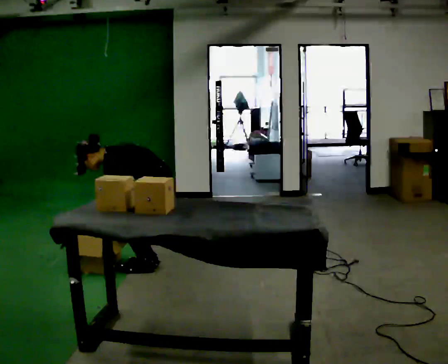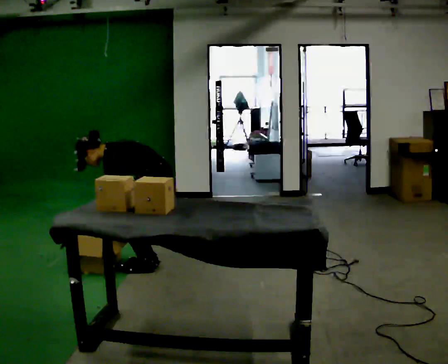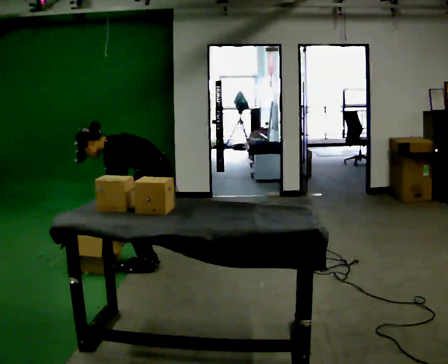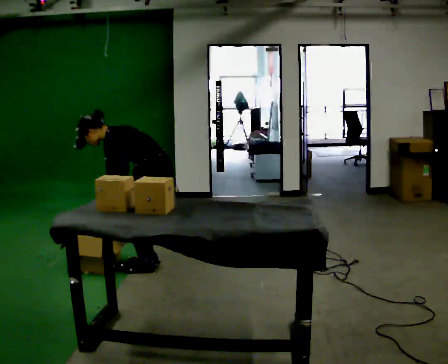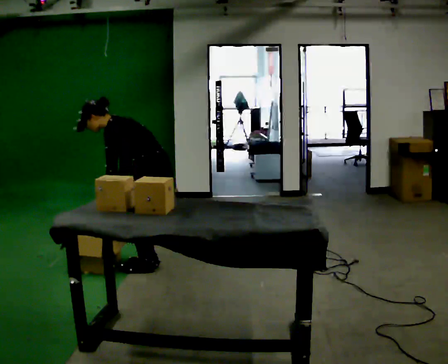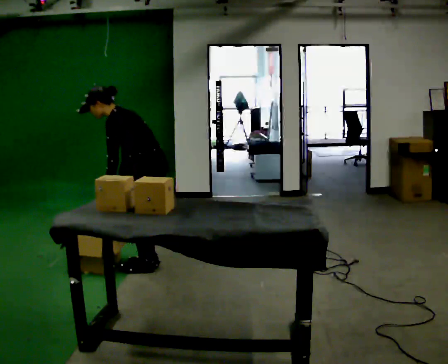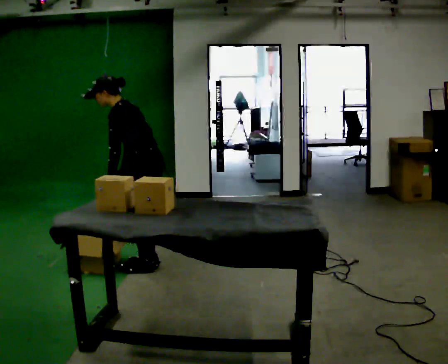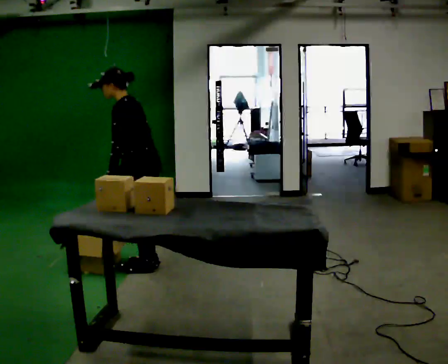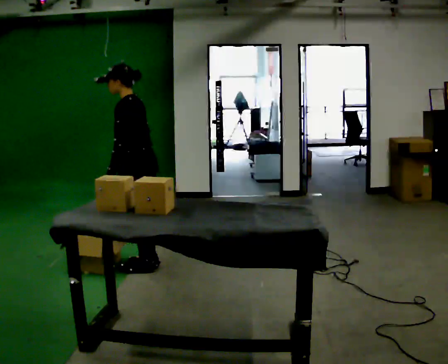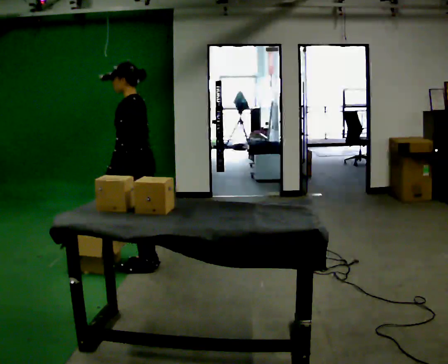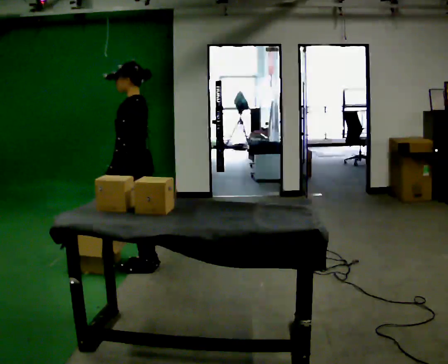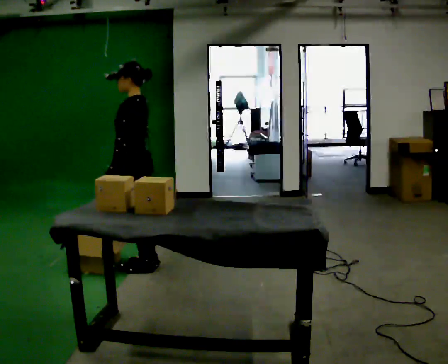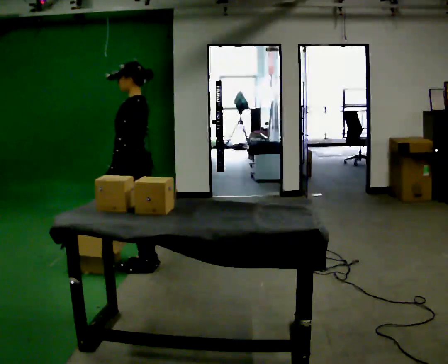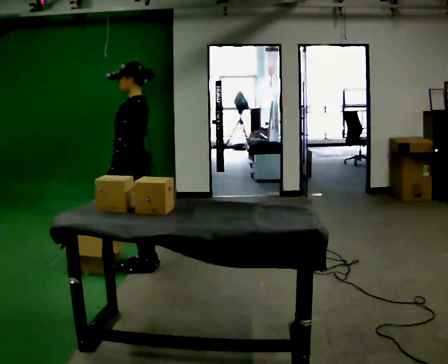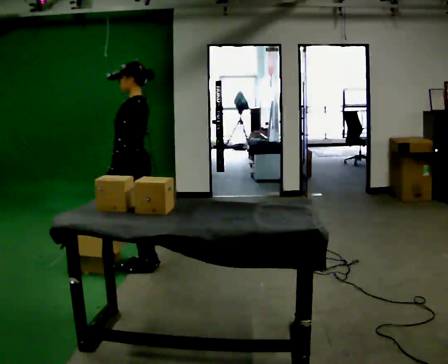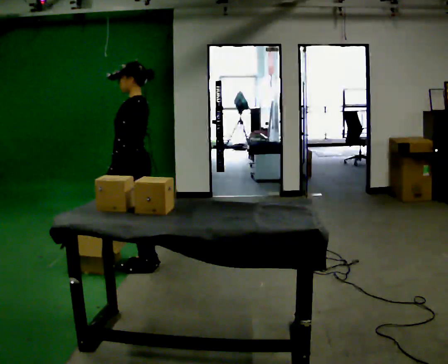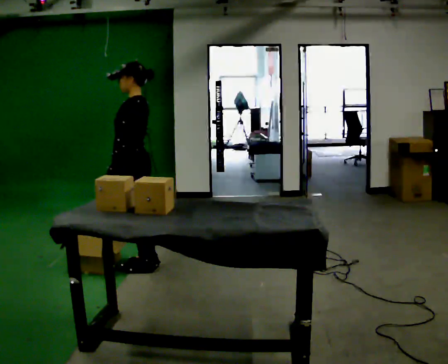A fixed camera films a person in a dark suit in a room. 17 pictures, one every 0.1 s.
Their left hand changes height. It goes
upward.
The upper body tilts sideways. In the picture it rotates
clockwise.
0.0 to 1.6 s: In the picture they go to the left, about 0.25 m, which for them is forward. The upper body goes upward. In the picture the upper body tilts clockwise, shoulders to the right, as they lean back or straighten. In the picture their left hand goes upward.
The film runs forward here.
